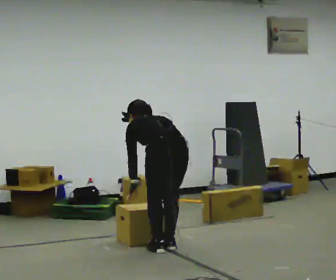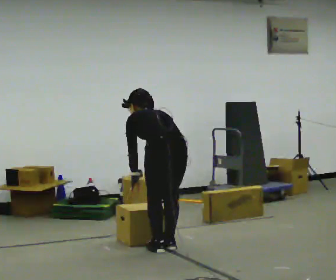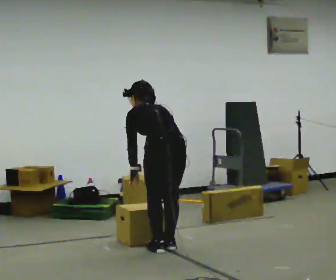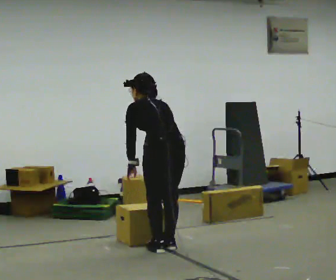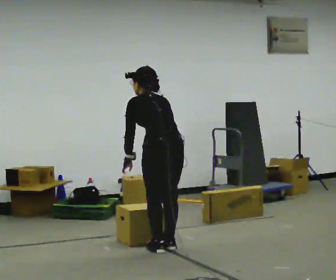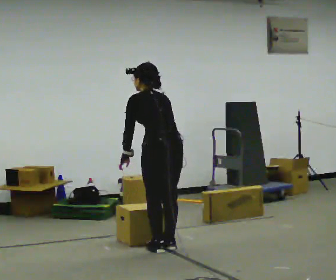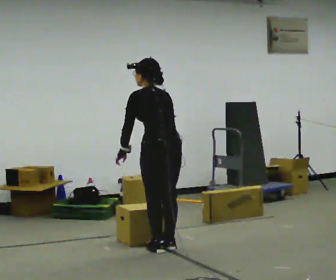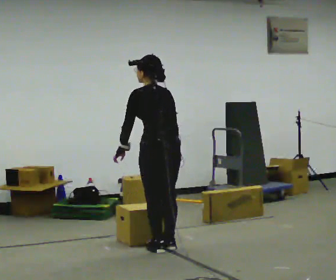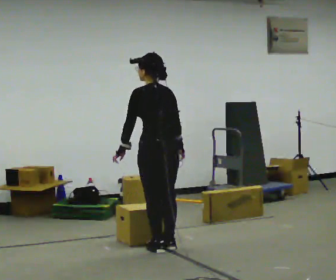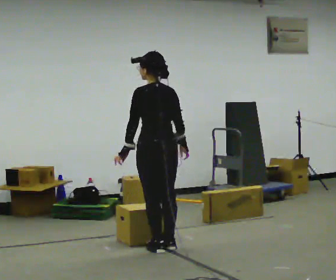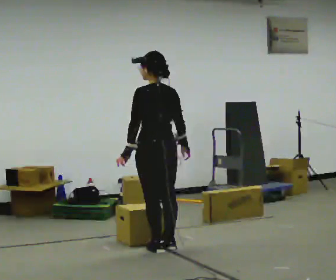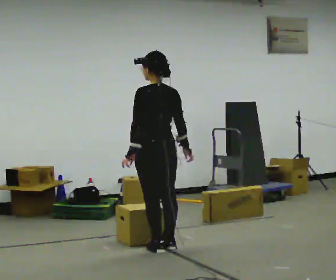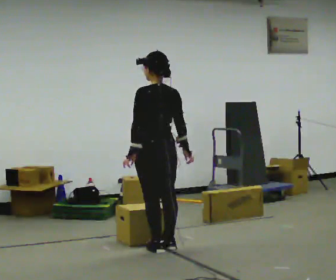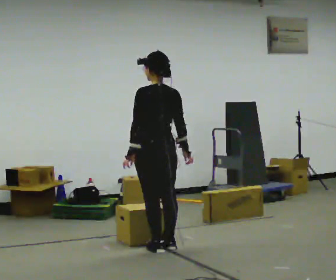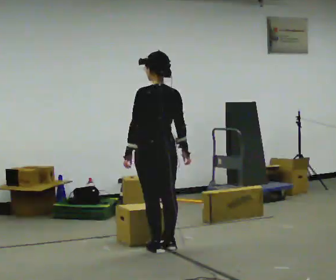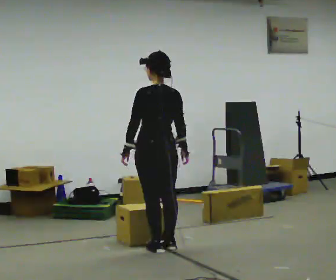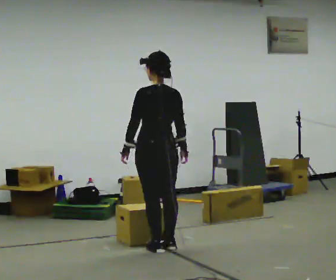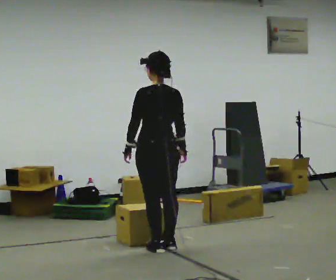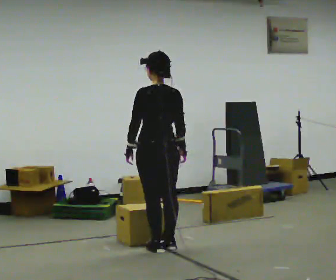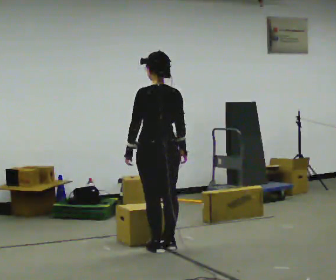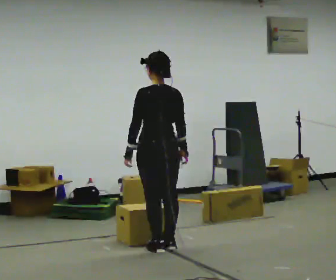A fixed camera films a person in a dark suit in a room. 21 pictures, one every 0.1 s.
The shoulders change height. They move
upward.
The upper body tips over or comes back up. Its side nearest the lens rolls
downward.
0.0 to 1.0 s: The shoulders move upward. The upper body tips toward the camera, its near side rolling downward, as they lean back or straighten.
1.0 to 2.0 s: The person moves a little, or ends about where they began.
The film runs forward here.
